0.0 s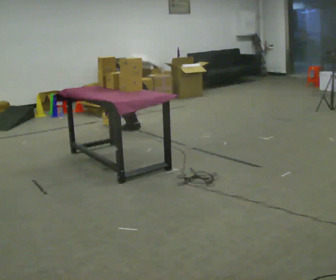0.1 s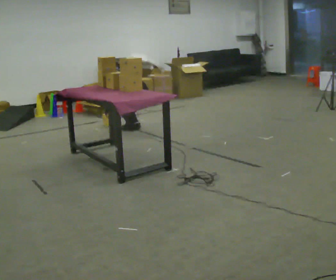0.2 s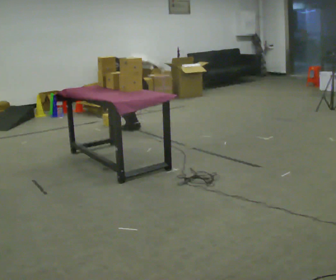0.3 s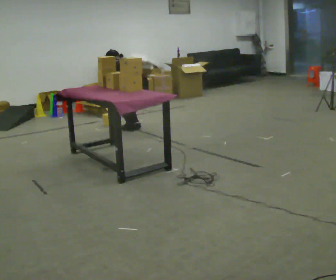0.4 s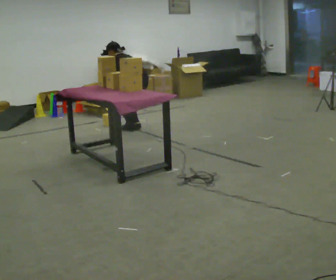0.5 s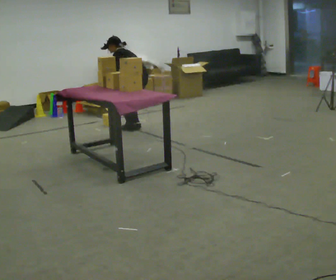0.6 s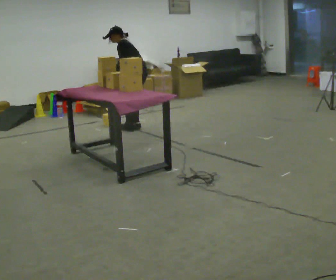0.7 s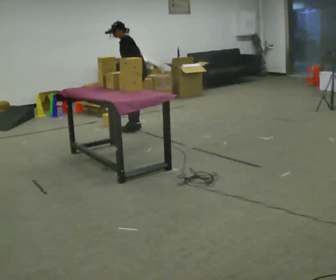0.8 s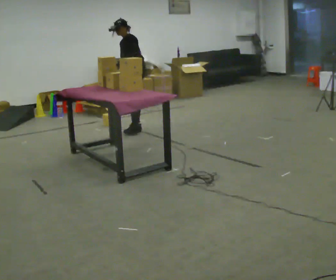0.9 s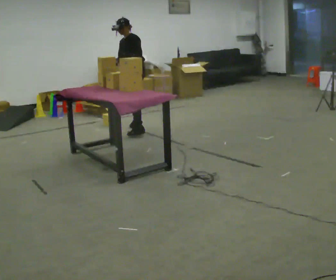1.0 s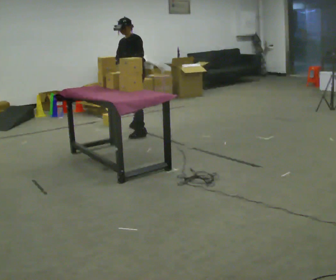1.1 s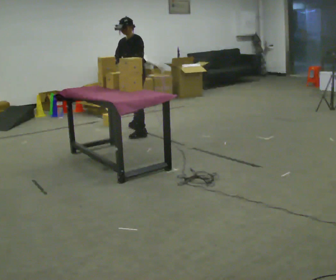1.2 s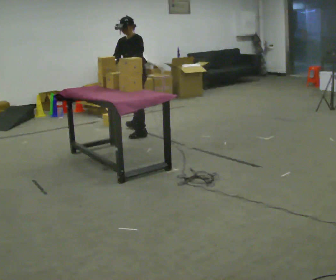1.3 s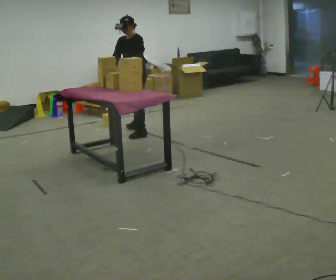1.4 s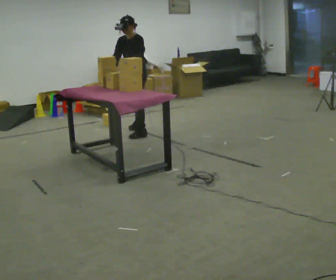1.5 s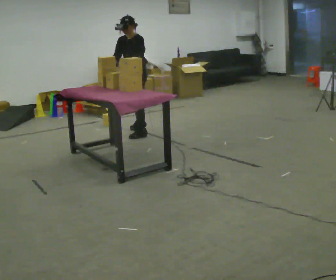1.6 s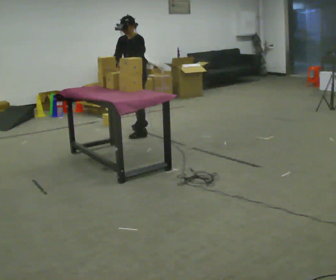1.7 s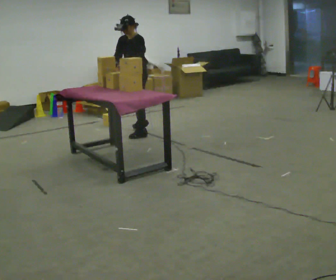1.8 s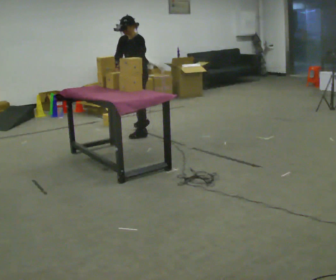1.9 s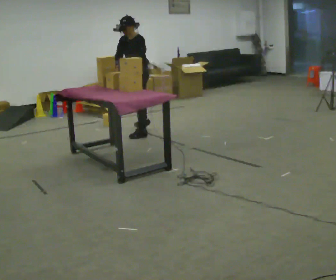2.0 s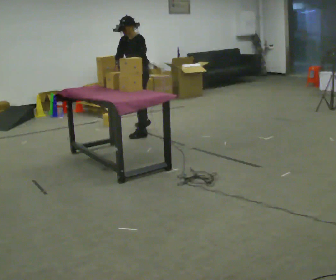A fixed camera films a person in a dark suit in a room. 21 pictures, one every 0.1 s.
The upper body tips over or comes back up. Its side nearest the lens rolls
downward.
The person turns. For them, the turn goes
to their left.
0.0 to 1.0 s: The person turns about 75 degrees to their left, counterclockwise seen from above, so the part of the body nearest the lens slides to the right. The upper body goes upward. The upper body tips toward the camera, its near side rolling downward, as they lean back or straighten. In the picture their left hand goes upward.
1.0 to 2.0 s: In the picture they go toward the camera, about 0.25 m, which for them is to their left. The upper body tips toward the camera, its near side rolling downward.
The film runs forward here.
